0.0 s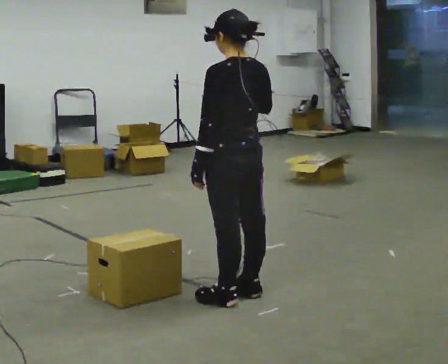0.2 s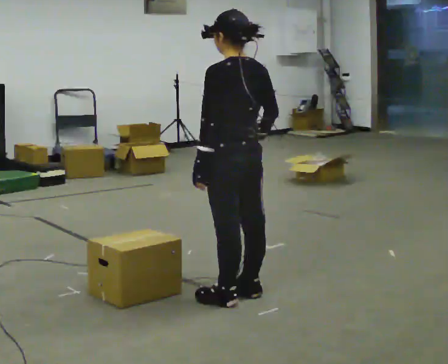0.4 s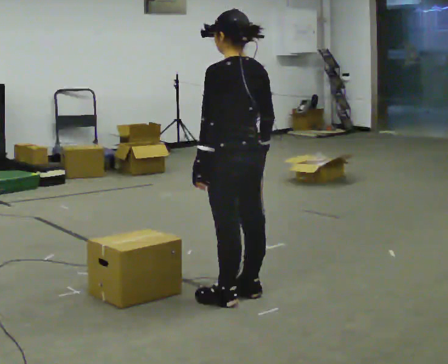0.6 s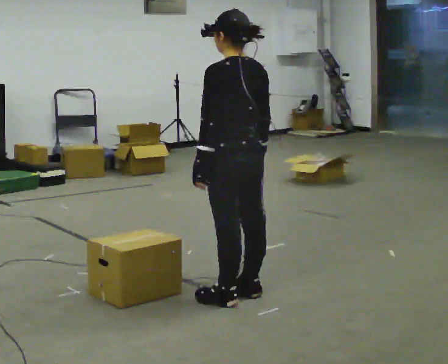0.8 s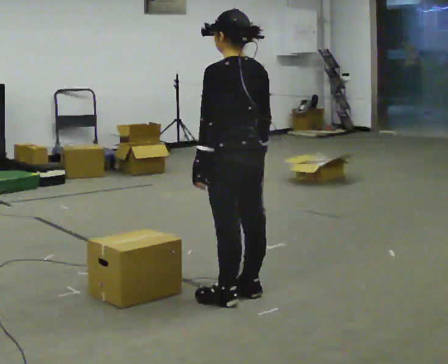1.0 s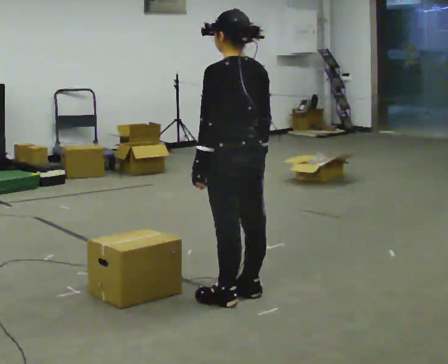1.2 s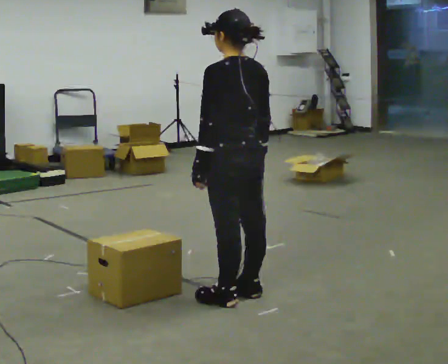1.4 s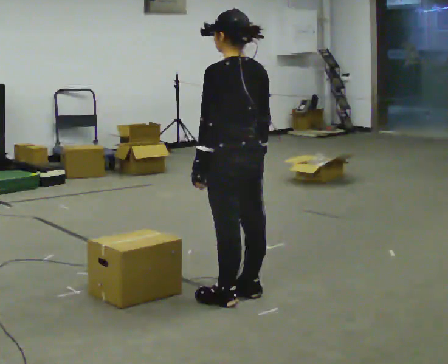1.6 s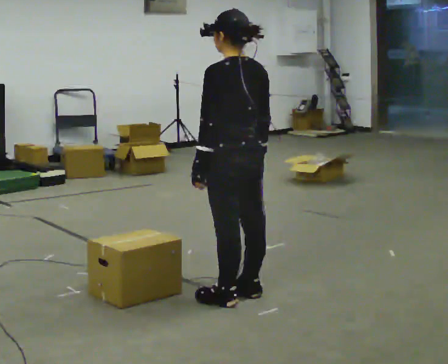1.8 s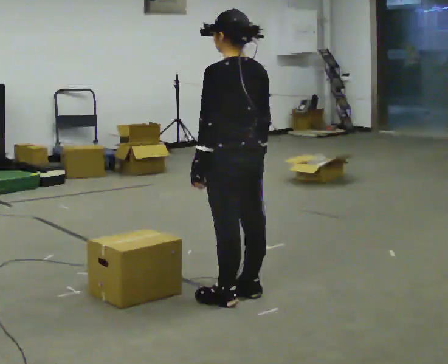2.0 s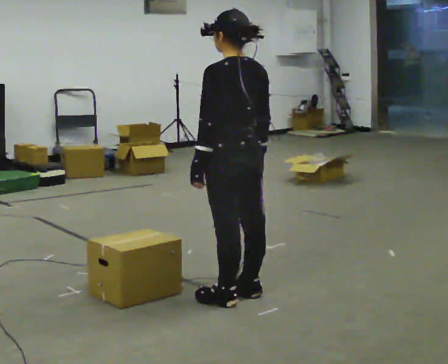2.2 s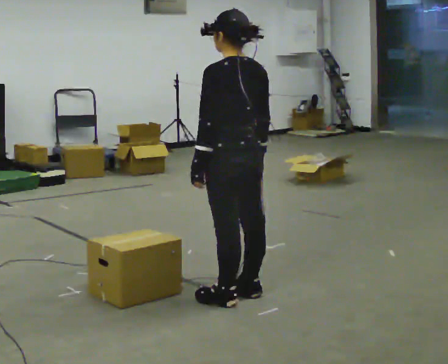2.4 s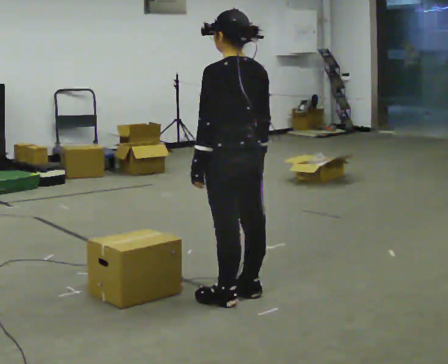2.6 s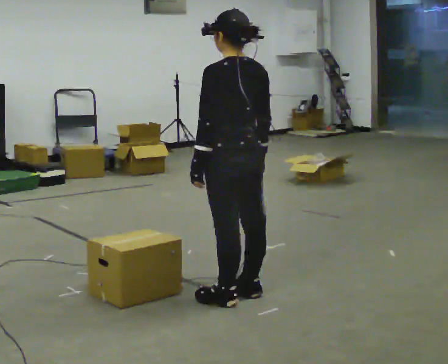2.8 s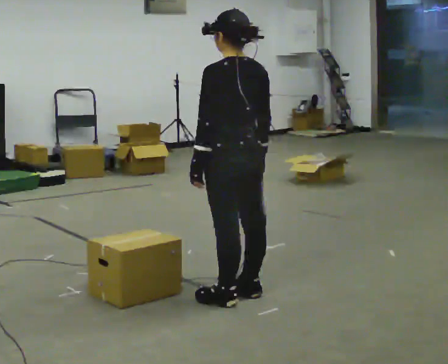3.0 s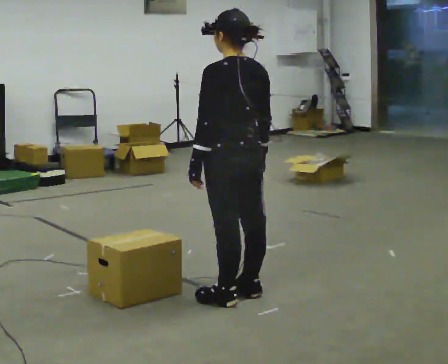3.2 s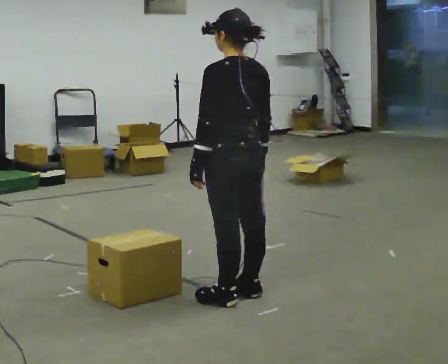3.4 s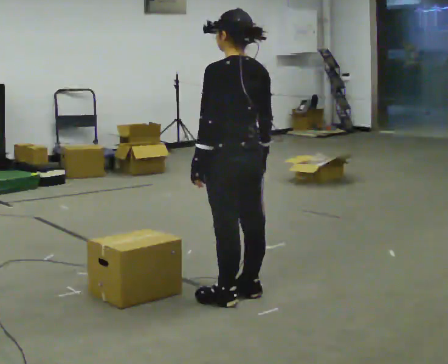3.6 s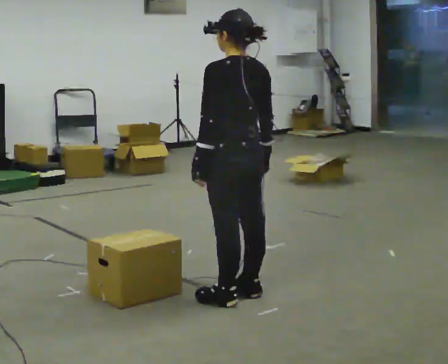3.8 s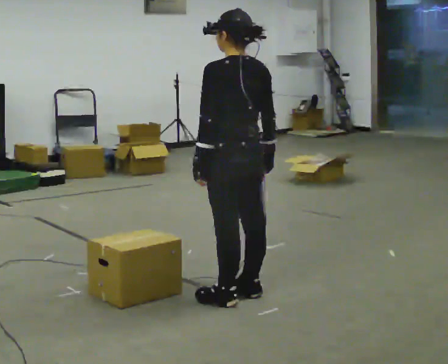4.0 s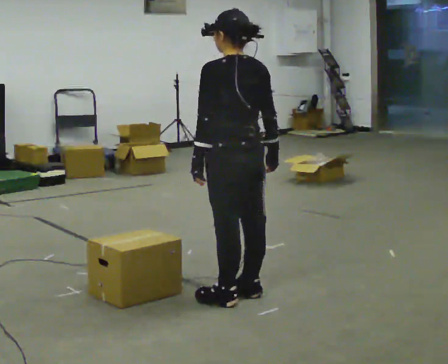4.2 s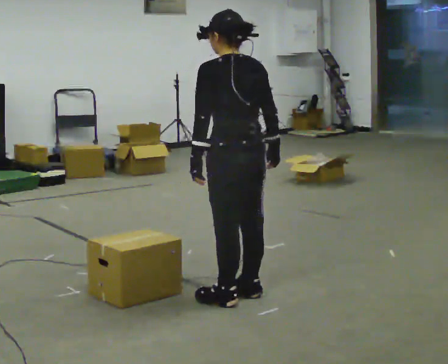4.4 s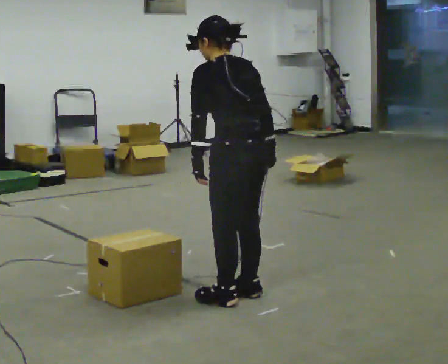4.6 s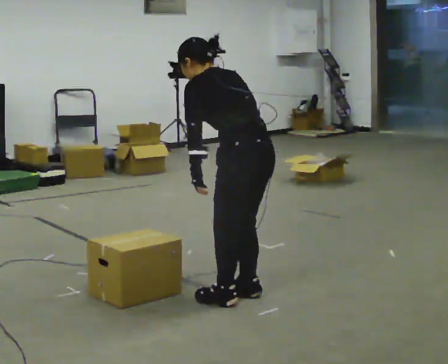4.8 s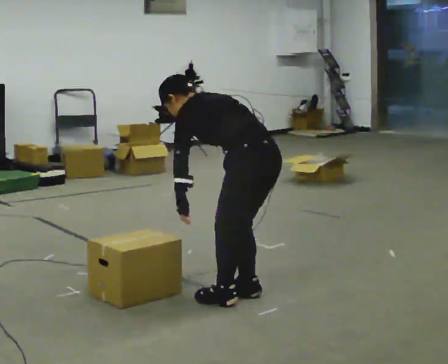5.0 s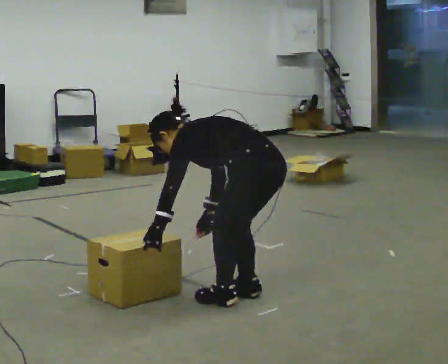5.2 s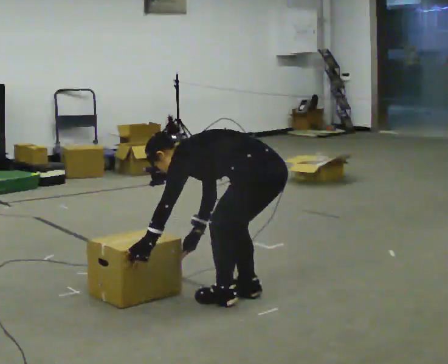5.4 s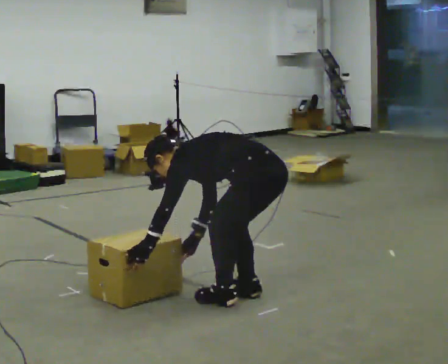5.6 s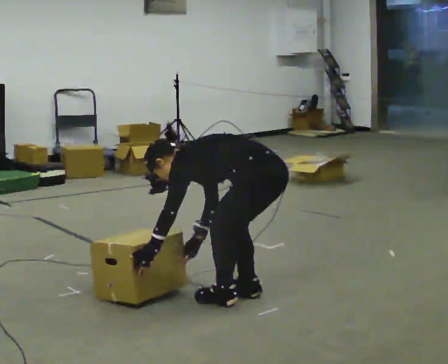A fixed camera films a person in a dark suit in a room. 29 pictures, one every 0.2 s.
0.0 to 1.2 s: In the picture their right hand goes downward.
1.2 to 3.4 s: The person keeps their place and pose.
3.4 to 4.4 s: The person moves a little, or ends about where they began.
4.4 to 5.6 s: The upper body goes downward. In the picture the upper body tilts counterclockwise, shoulders to the left, as they bend forward. In the picture their right hand goes downward and to the left.
The film runs backward here.
